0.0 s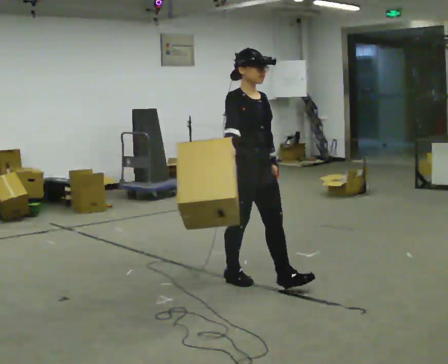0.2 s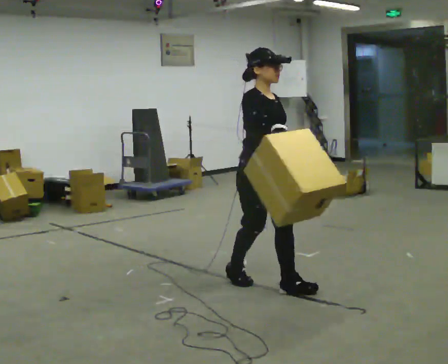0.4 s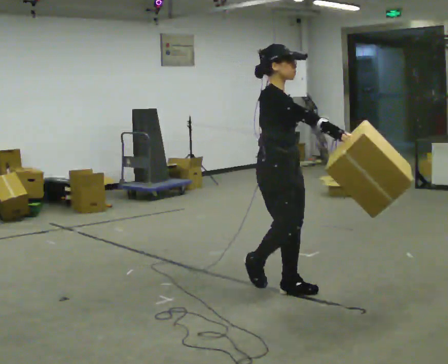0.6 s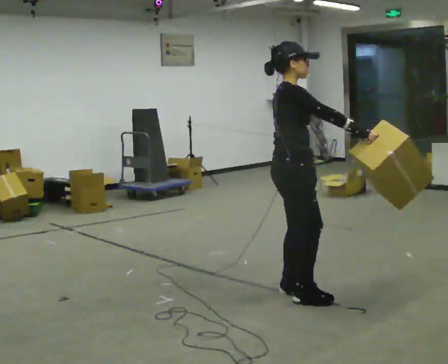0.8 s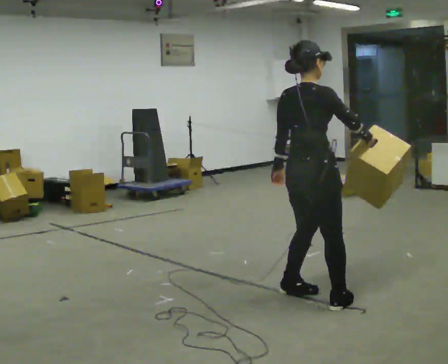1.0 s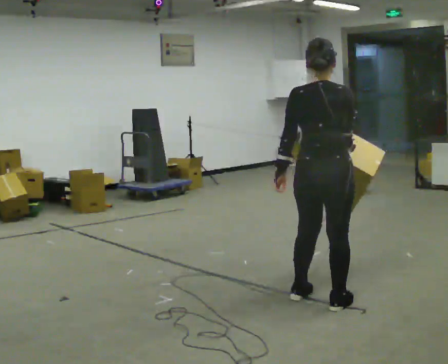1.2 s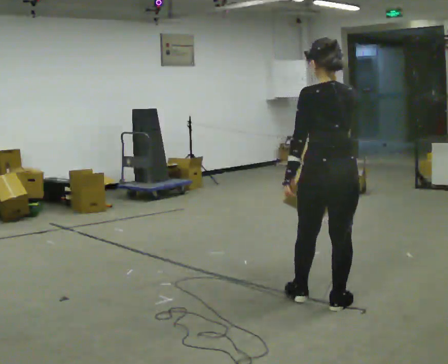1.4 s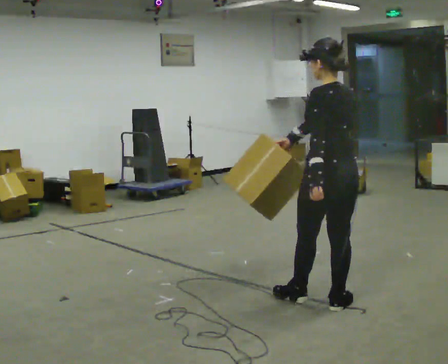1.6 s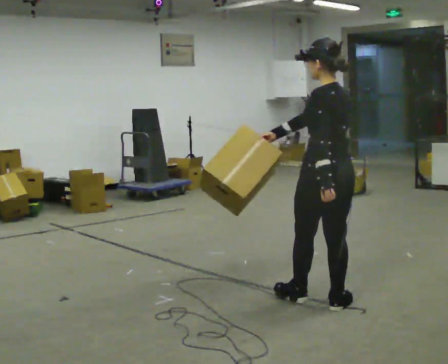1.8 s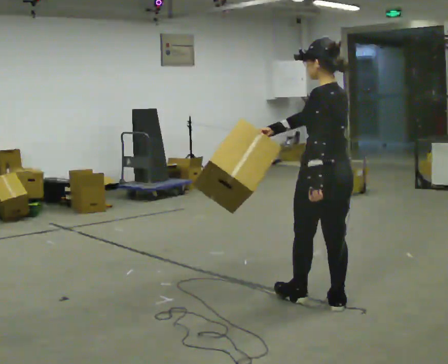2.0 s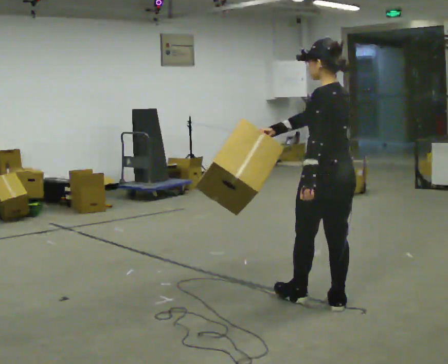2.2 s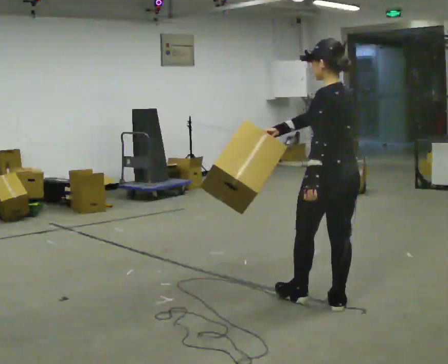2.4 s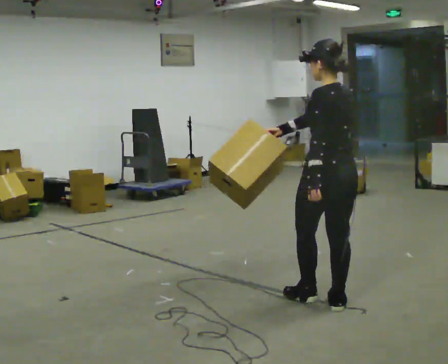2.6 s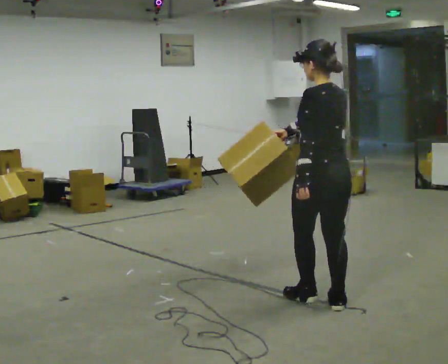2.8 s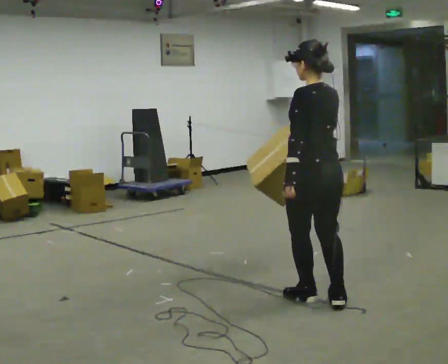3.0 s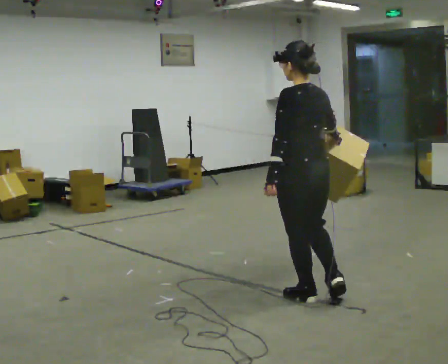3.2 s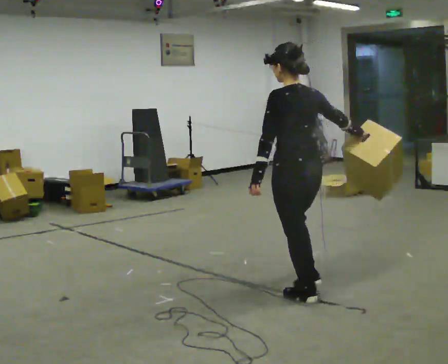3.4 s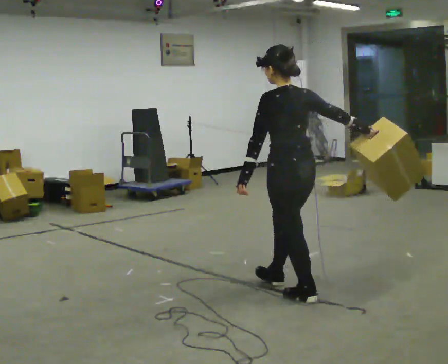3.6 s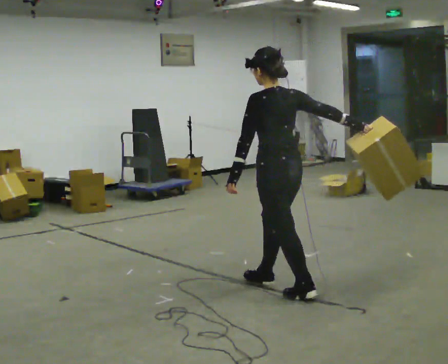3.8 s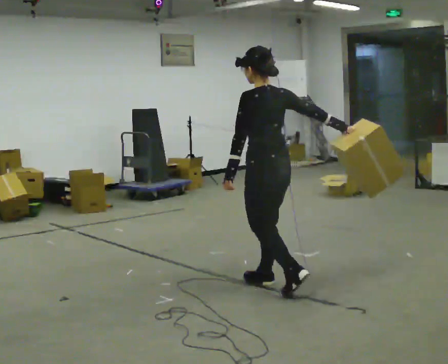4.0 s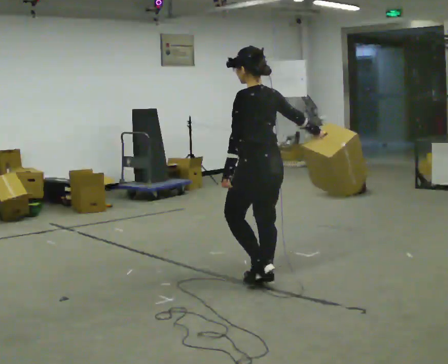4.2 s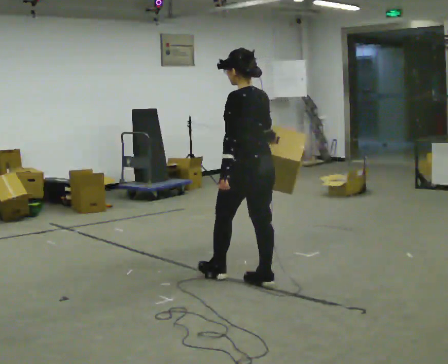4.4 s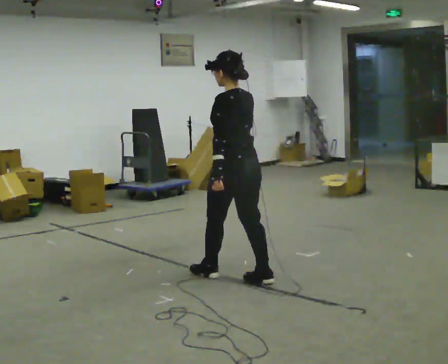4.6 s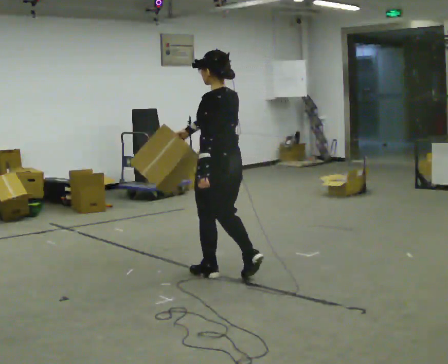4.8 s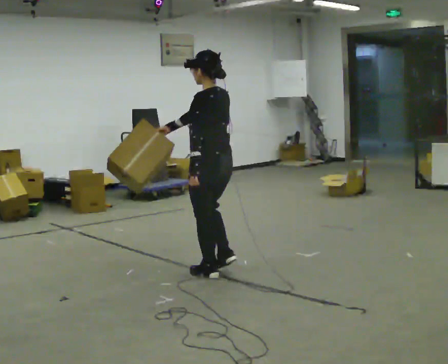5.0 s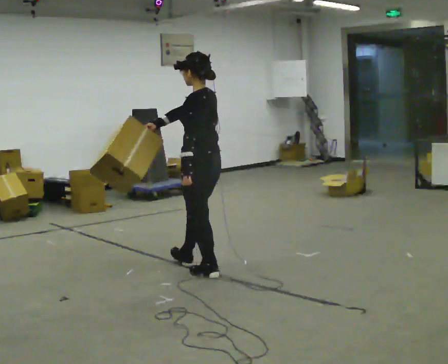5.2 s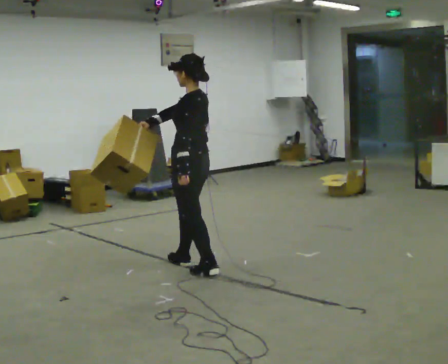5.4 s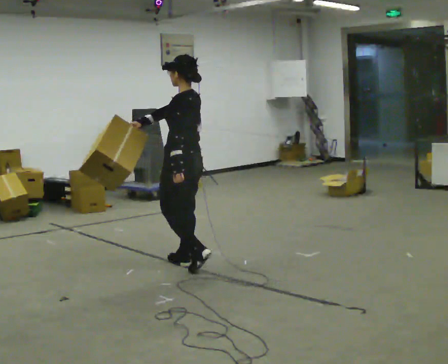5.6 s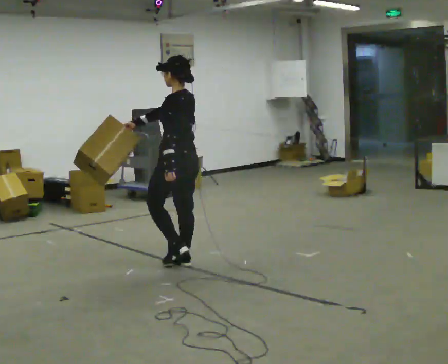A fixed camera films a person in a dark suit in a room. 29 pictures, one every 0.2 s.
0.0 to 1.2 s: The person turns about 150 degrees to their left, counterclockwise seen from above, so the part of the body nearest the lens slides to the right. In the picture they go to the right and toward the camera, about 0.5 m in 3 steps.
1.2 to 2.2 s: The part of the body nearest the lens slides to the right as the person turns to their left by about 30 degrees.
2.2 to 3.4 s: In the picture they go to the left and away from the camera, about 0.25 m, which for them is forward and to their left.
3.4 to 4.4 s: In the picture they go to the left and away from the camera, about 0.5 m in 2 steps, which for them is forward.
4.4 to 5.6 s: In the picture they go to the left and away from the camera, about 0.5 m in 1 step, which for them is forward.
The film runs forward here.
